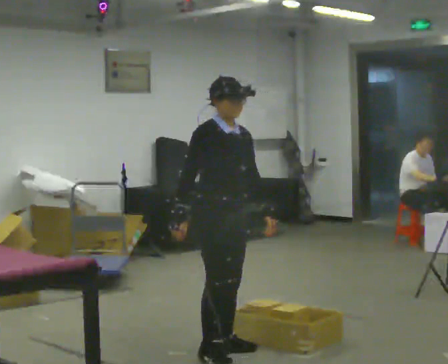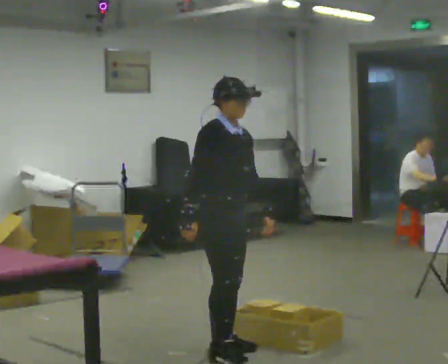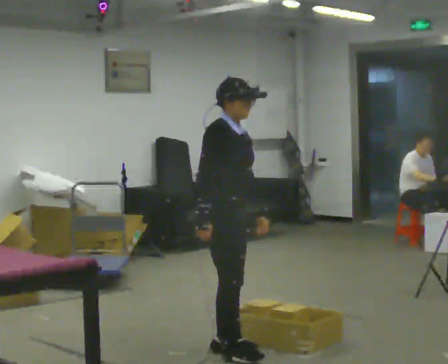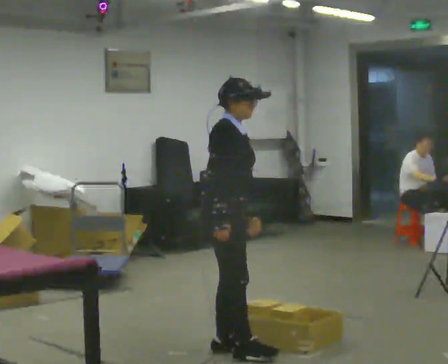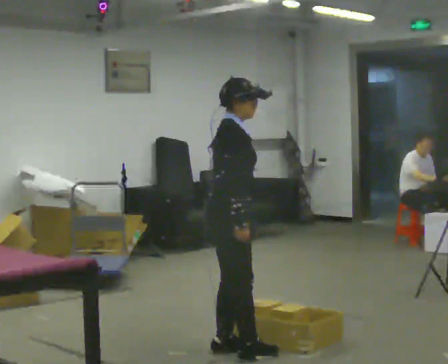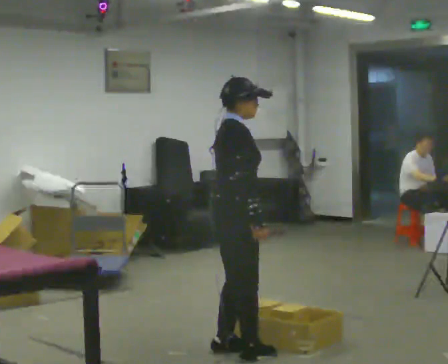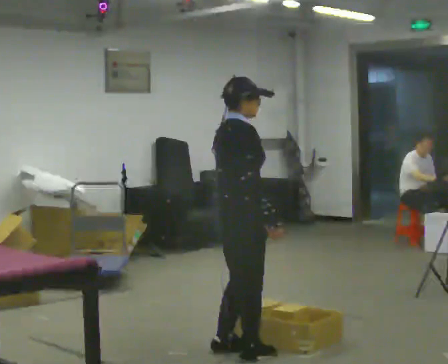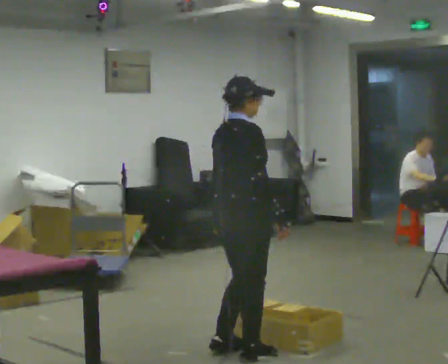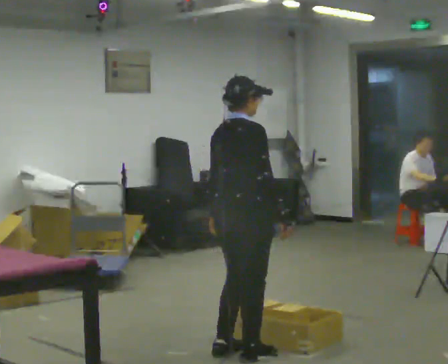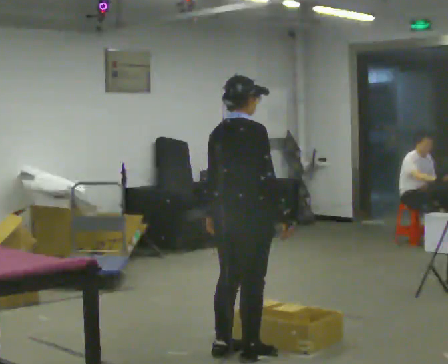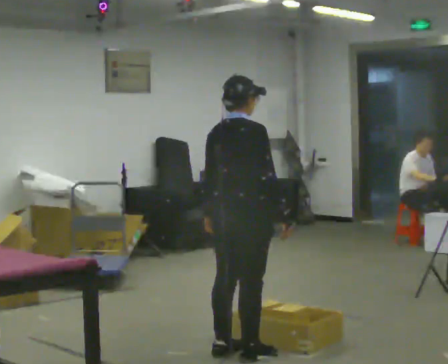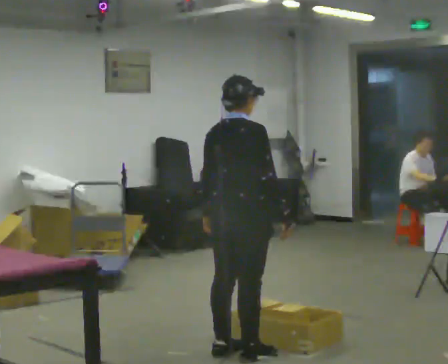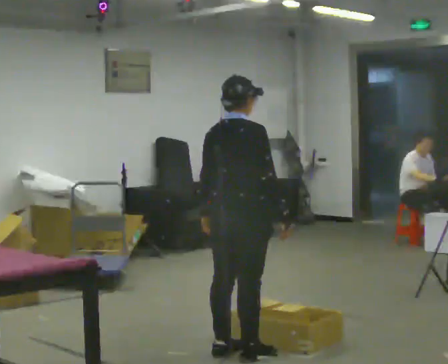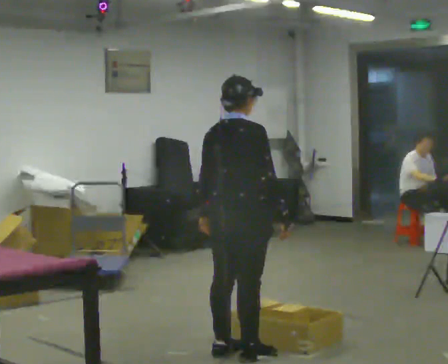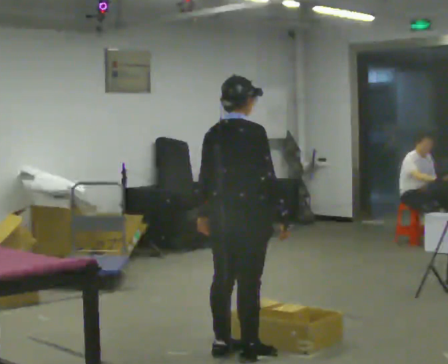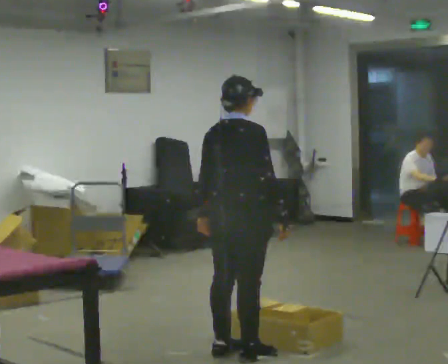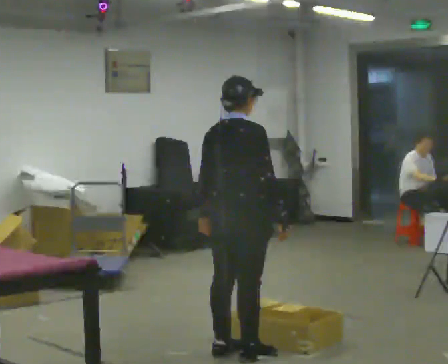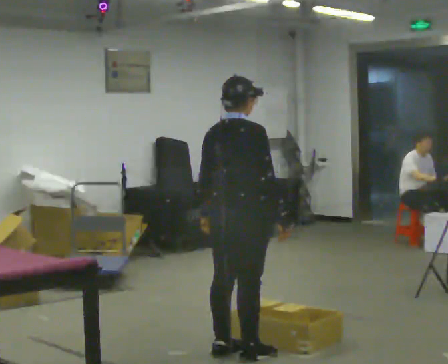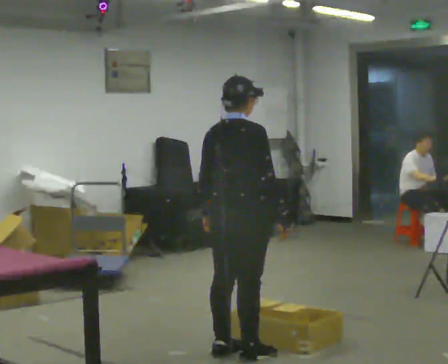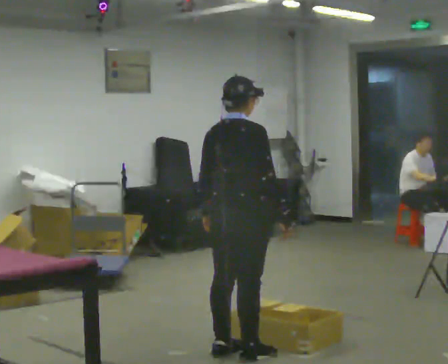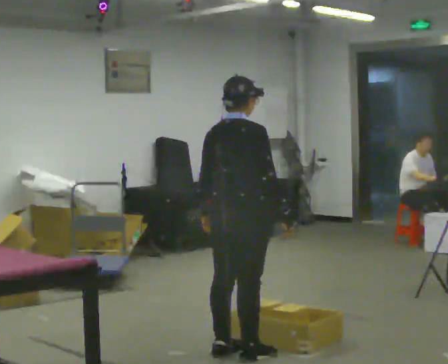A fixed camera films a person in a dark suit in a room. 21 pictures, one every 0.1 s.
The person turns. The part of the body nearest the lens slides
to the right.
The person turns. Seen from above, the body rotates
counterclockwise.
0.0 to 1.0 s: The person turns about 75 degrees to their left, counterclockwise seen from above, so the part of the body nearest the lens slides to the right. In the picture their right hand goes to the right, the arm swinging counterclockwise.
1.0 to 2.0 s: The person moves a little, or ends about where they began.
The film runs backward here.
